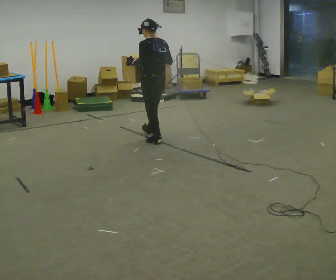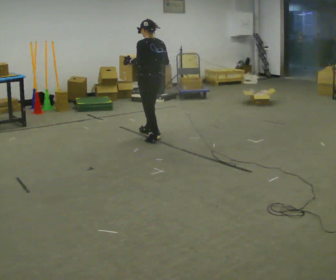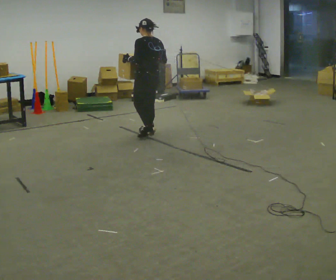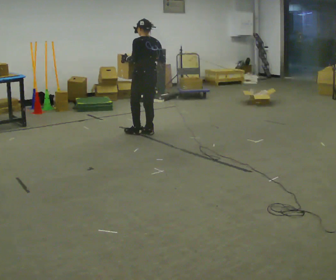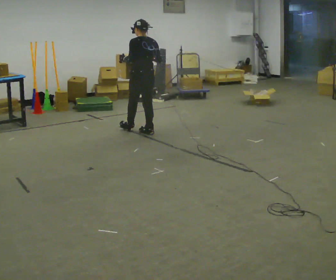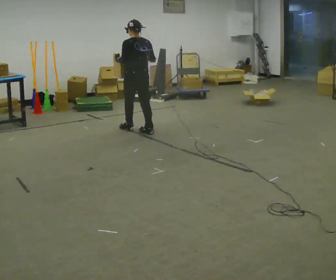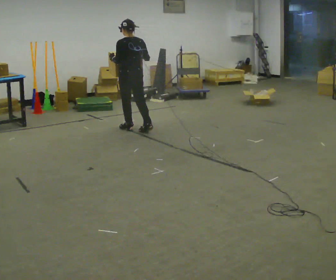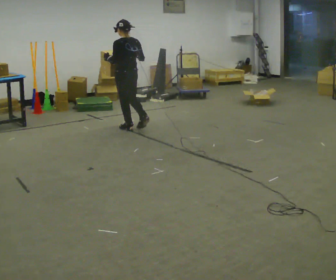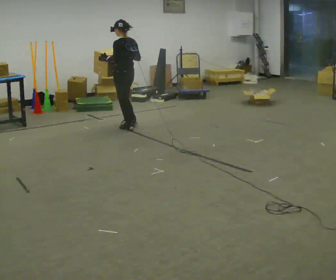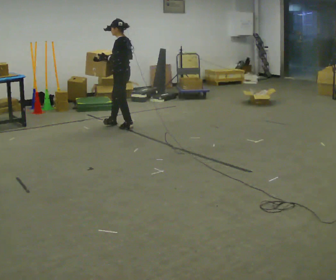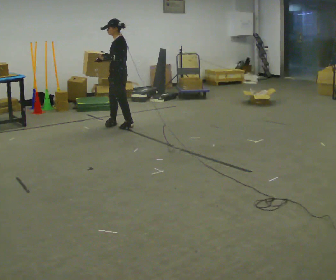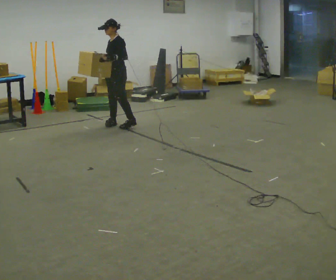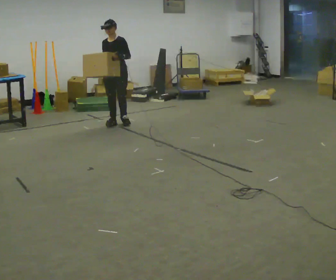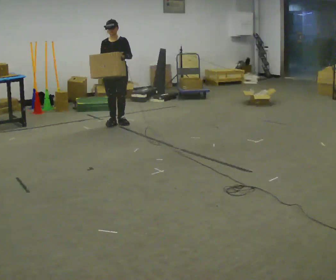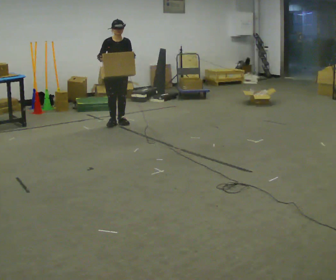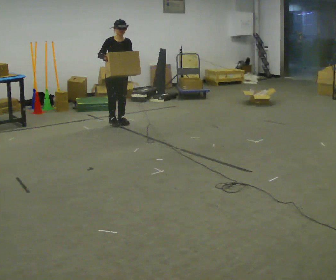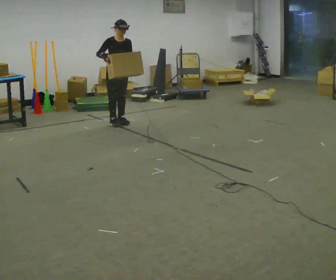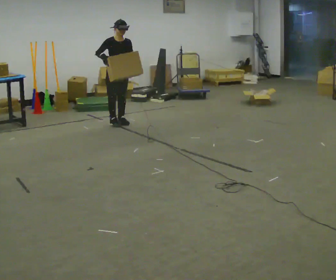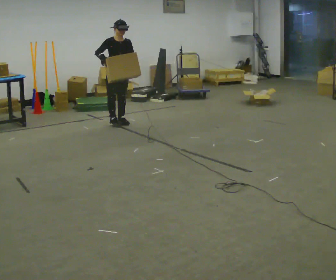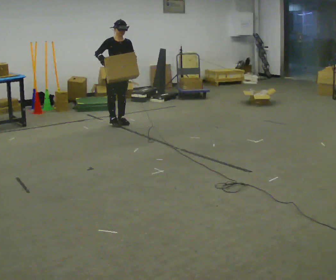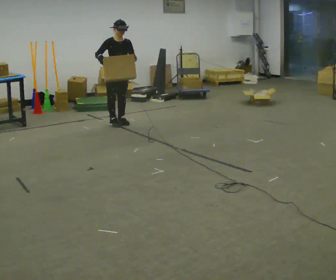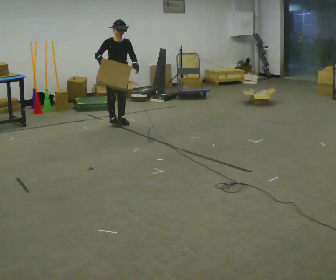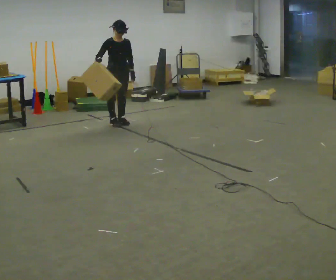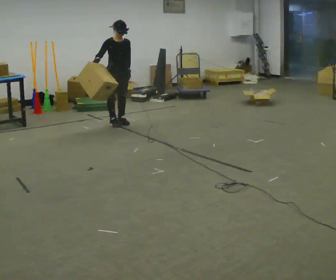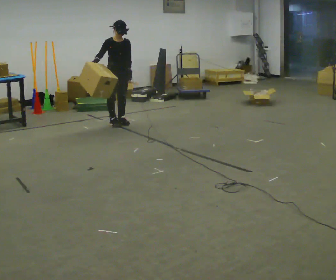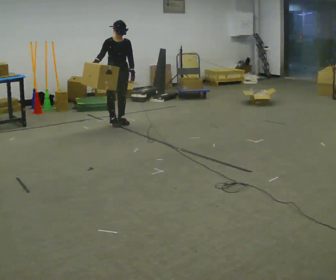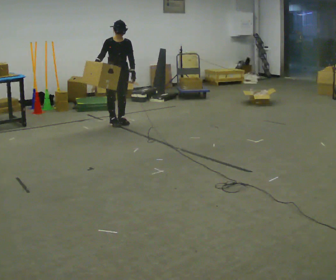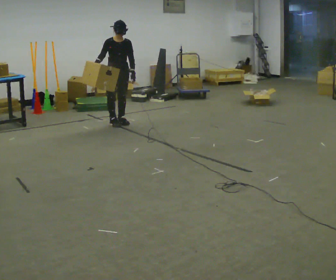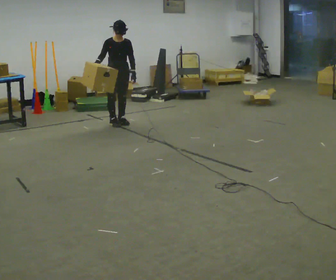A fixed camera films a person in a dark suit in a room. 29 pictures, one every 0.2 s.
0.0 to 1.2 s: In the picture they go away from the camera and to the left, about 0.5 m in 2 steps, which for them is forward.
1.2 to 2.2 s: The person turns about 90 degrees to their left, counterclockwise seen from above, so the part of the body nearest the lens slides to the right. In the picture they go away from the camera and to the left, about 0.25 m in 1 step.
2.2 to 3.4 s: The person turns about 75 degrees to their left, counterclockwise seen from above, so the part of the body nearest the lens slides to the right.
3.4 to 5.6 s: The person moves a little, or ends about where they began.
The film runs forward here.
